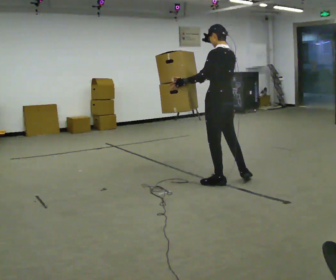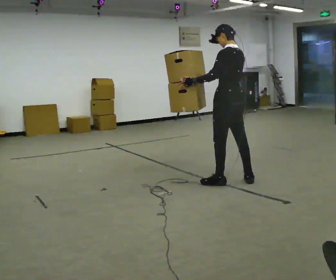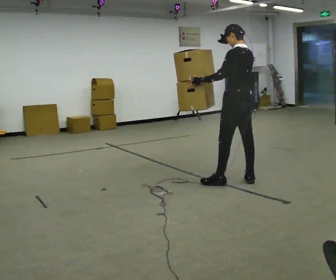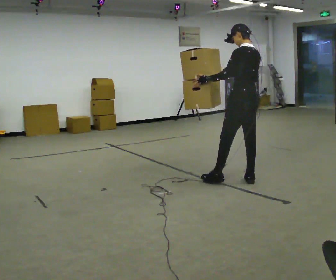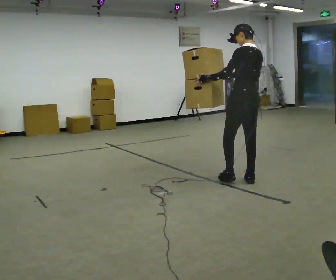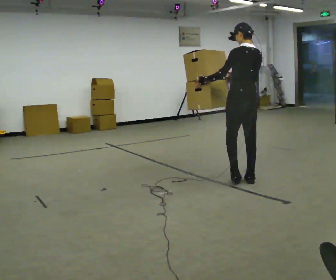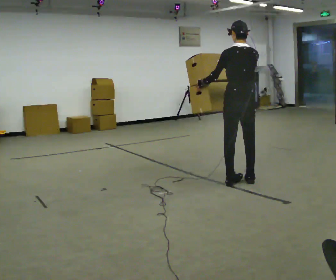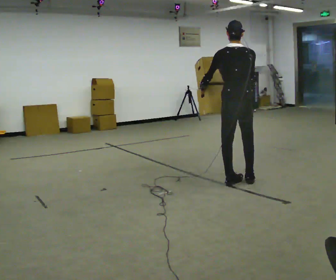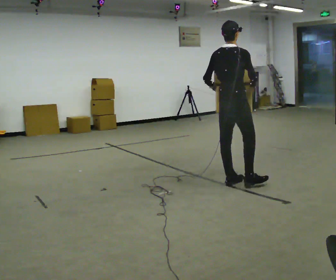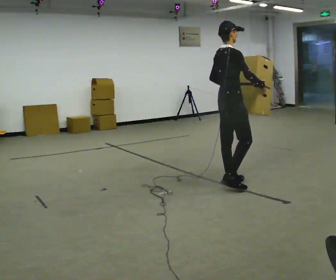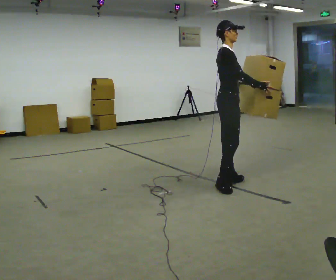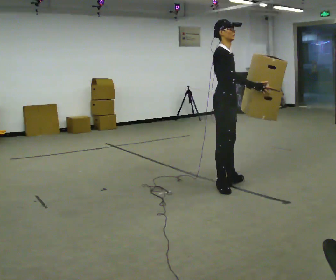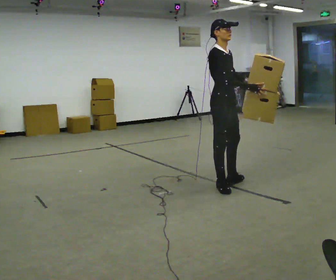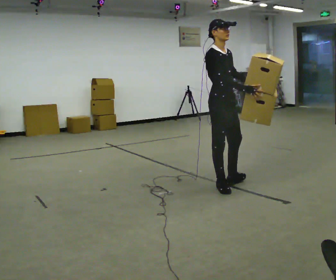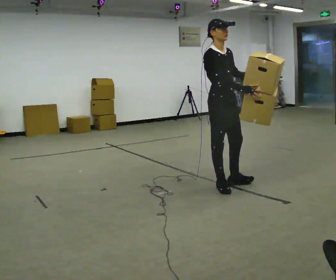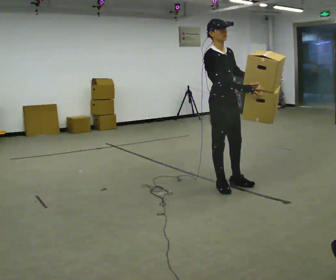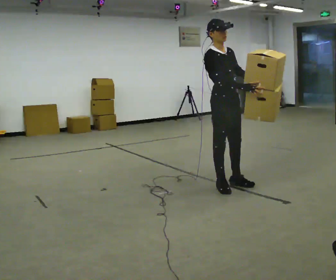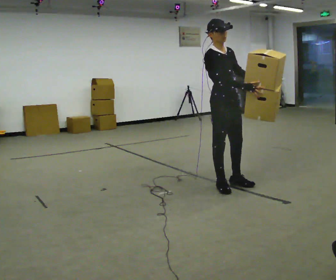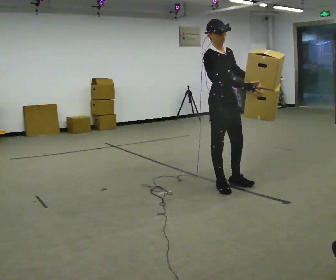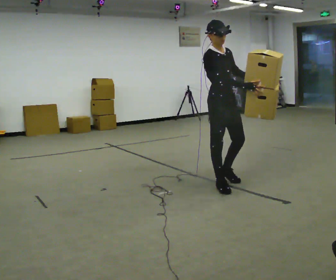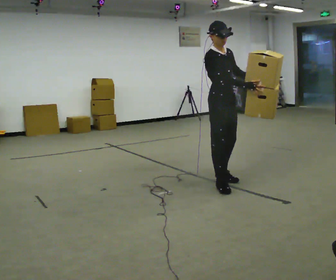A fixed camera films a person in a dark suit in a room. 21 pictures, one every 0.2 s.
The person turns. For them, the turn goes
to their right.
The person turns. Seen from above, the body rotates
clockwise.
0.0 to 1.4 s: Seen from above the body turns clockwise, about 45 degrees: to their right, with its near side sliding to the left. In the picture they go to the right, about 0.25 m, which for them is backward. In the picture their right hand goes to the right, the arm swinging counterclockwise.
1.4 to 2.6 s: Seen from above the body turns clockwise, about 120 degrees: to their right, with its near side sliding to the left. In the picture they go to the left, about 0.25 m in 1 step. In the picture their left hand goes to the right, the arm swinging counterclockwise.
2.6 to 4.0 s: The person moves a little, or ends about where they began.
The film runs backward here.
